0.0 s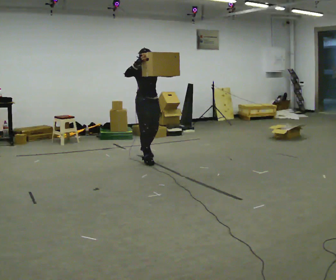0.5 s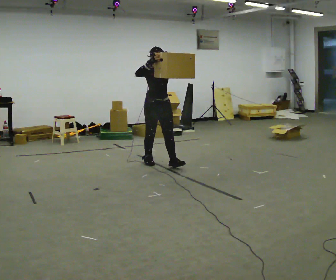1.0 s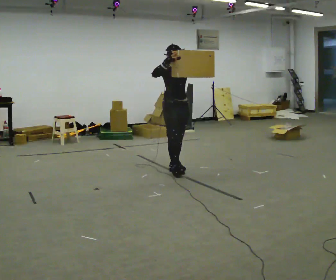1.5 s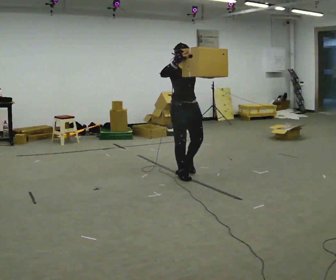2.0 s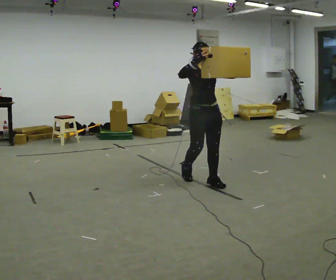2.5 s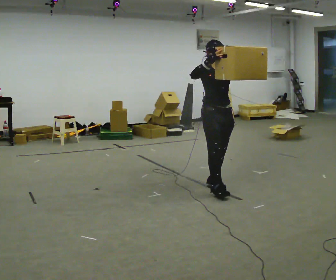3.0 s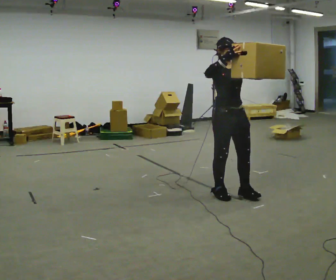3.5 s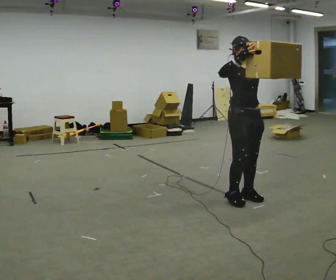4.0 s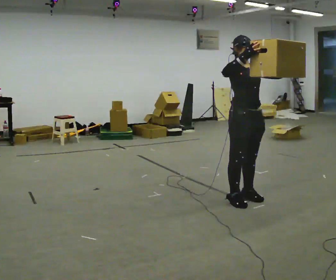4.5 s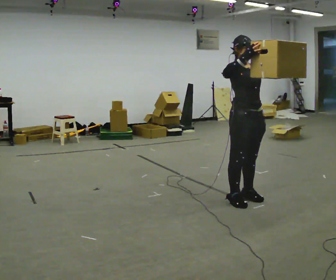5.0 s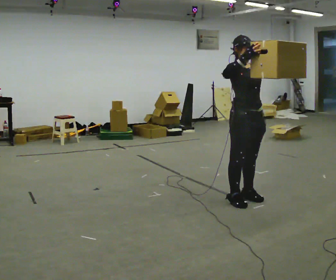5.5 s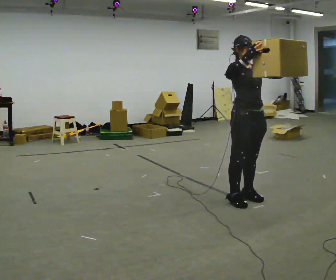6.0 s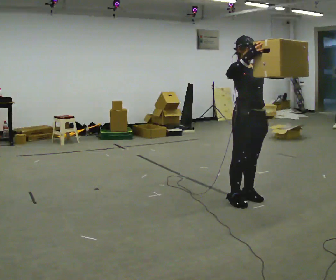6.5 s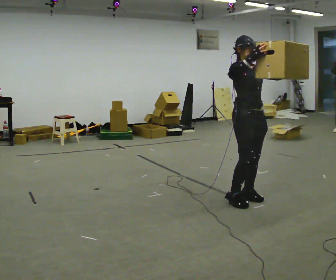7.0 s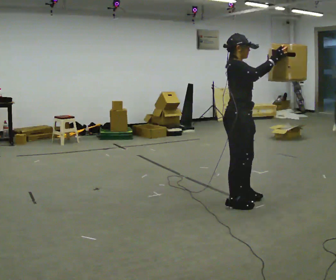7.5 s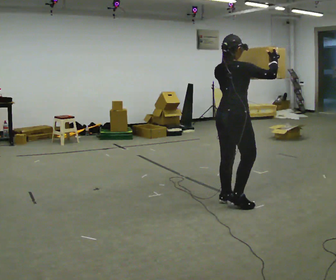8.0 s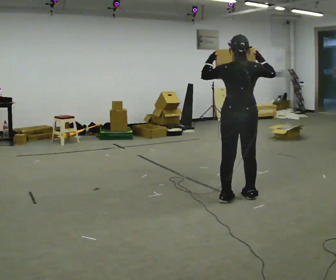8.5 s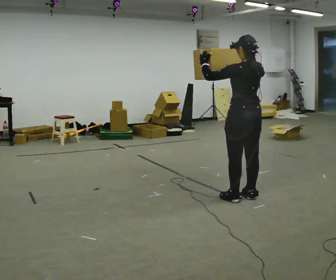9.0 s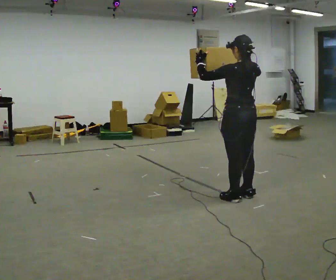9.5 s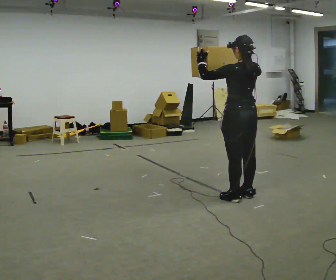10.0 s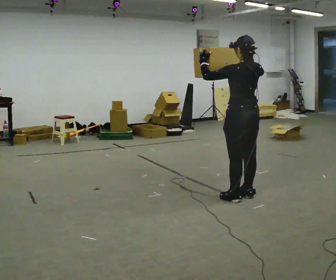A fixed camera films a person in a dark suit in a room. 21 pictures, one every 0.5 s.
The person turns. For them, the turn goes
to their left.
The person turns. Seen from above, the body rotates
counterclockwise.
0.0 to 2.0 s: In the picture they go to the right and toward the camera, about 1.5 m in 3 steps, which for them is forward.
2.0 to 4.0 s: In the picture they go to the right and toward the camera, about 0.5 m in 3 steps, which for them is forward.
4.0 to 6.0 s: The person moves a little, or ends about where they began.
6.0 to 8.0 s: The part of the body nearest the lens slides to the right as the person turns to their left by about 135 degrees. In the picture their left hand goes to the left.
8.0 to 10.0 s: The part of the body nearest the lens slides to the right as the person turns to their left by about 30 degrees.
The film runs forward here.
